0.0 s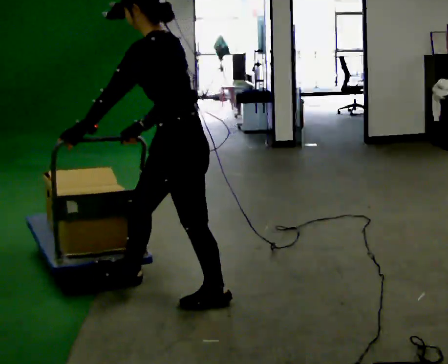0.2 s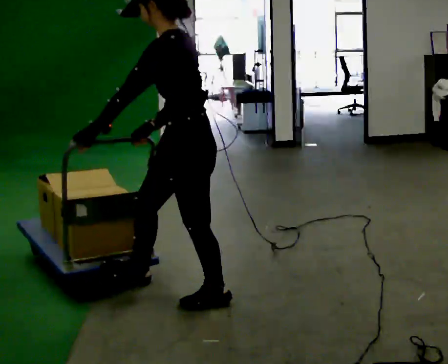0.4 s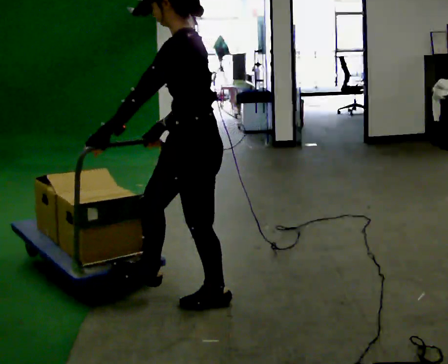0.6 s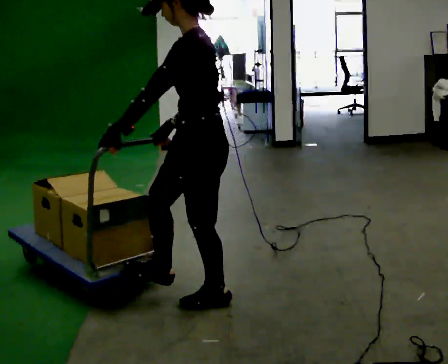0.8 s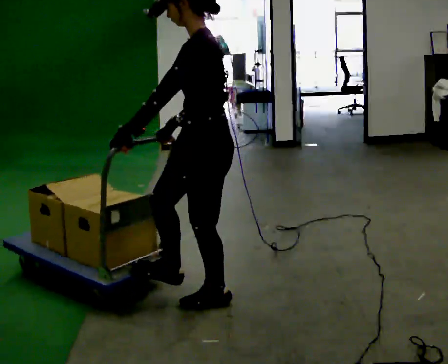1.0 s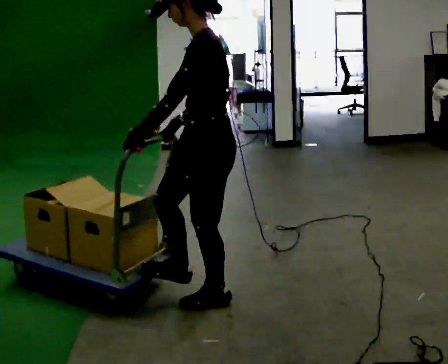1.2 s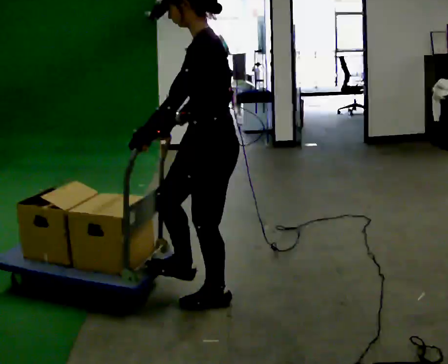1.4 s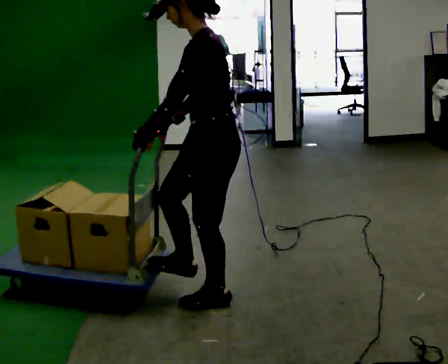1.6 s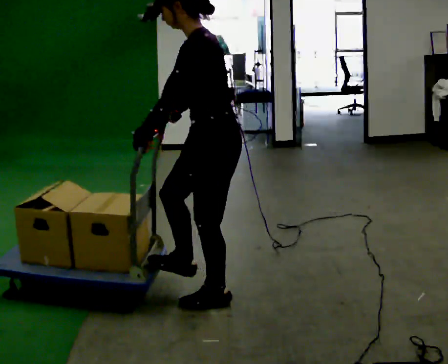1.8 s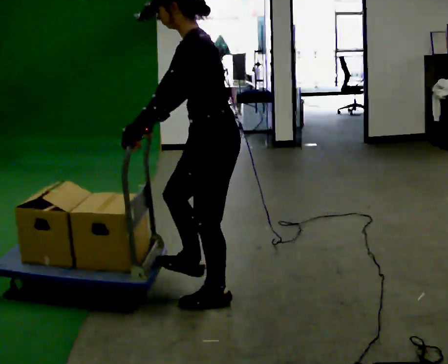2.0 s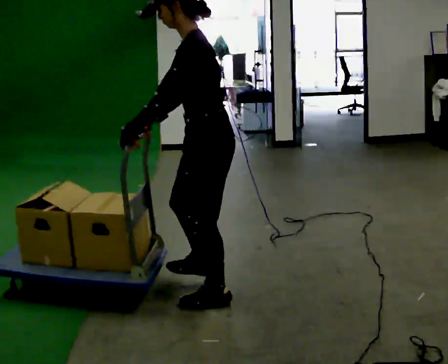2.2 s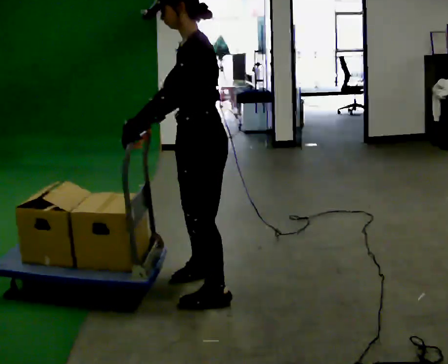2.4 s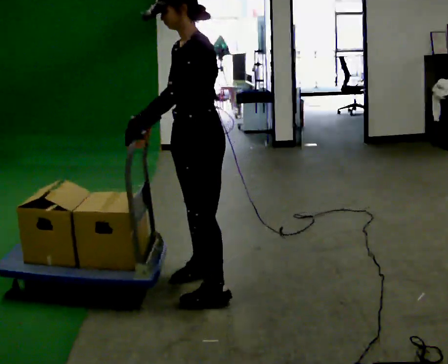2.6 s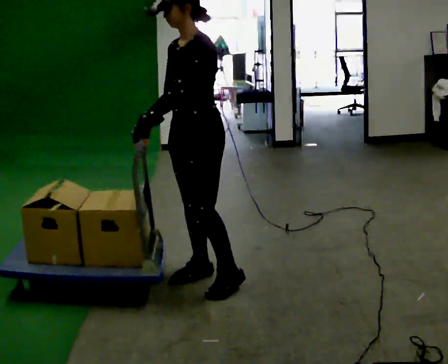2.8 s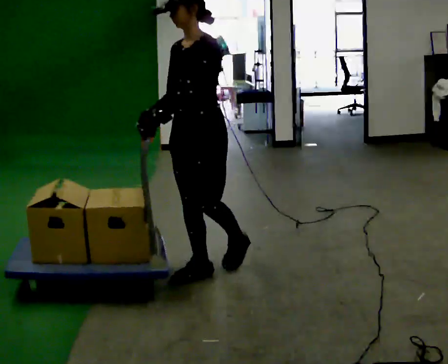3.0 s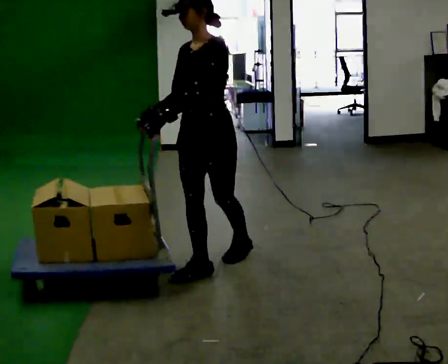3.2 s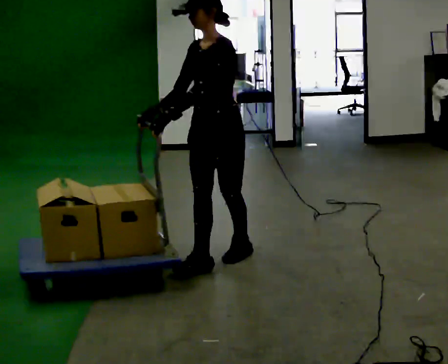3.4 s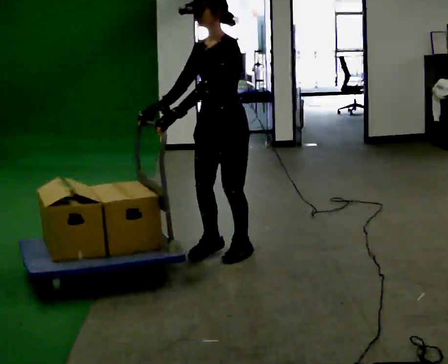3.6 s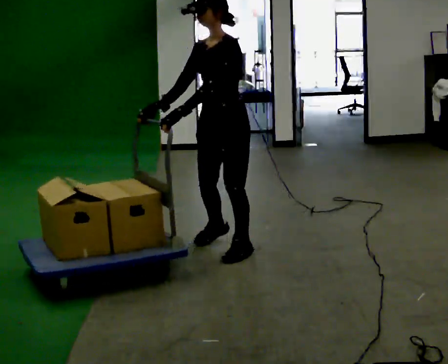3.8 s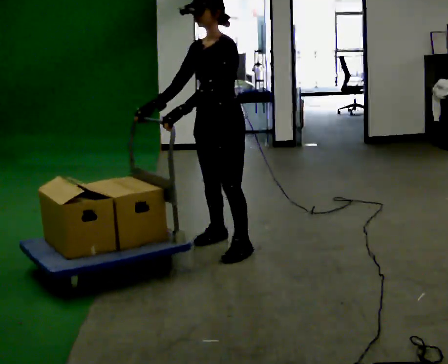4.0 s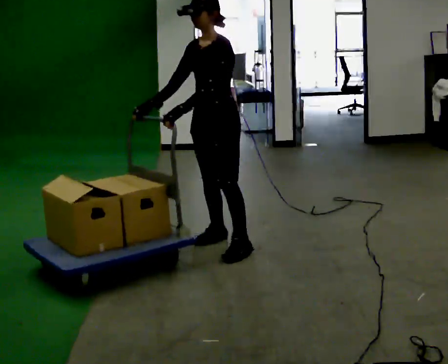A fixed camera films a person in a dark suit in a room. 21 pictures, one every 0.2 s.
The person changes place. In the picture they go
away from the camera.
0.0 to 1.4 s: In the picture they go to the right, about 0.25 m in 1 step, which for them is backward. In the picture their left hand goes to the right.
1.4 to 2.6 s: The part of the body nearest the lens slides to the right as the person turns to their left by about 45 degrees. In the picture they go away from the camera, about 0.5 m in 2 steps, which for them is to their right and forward.
2.6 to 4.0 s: In the picture they go away from the camera, about 0.5 m in 1 step, which for them is to their right and backward.
The film runs backward here.
